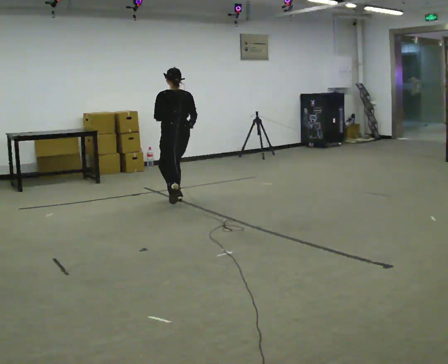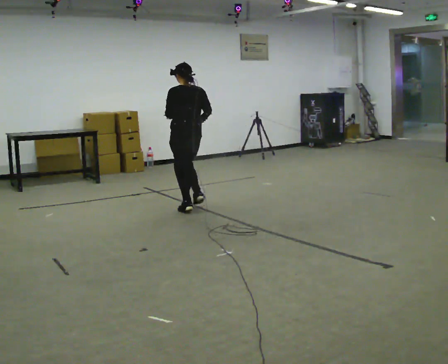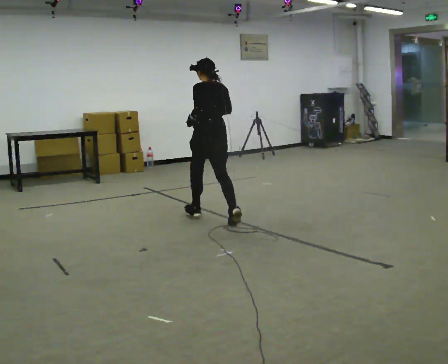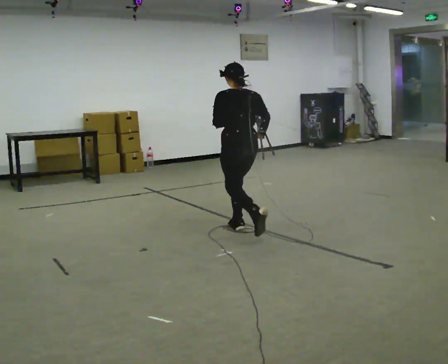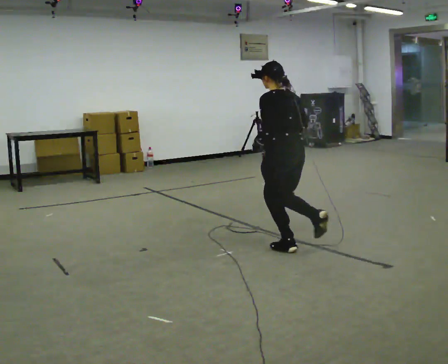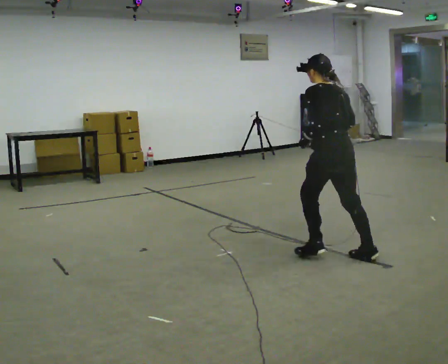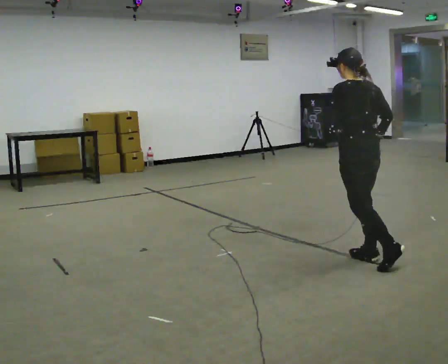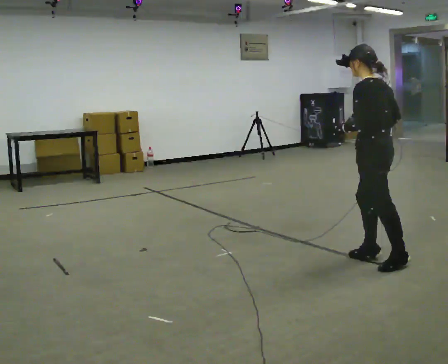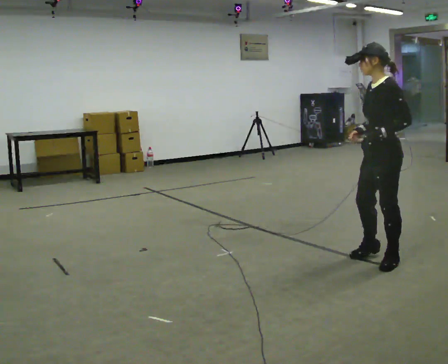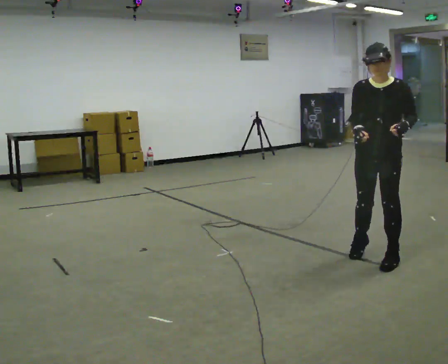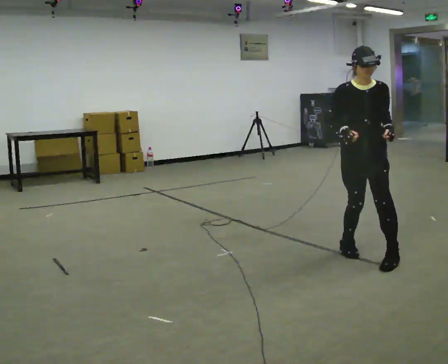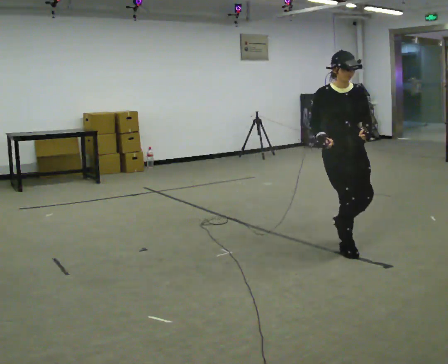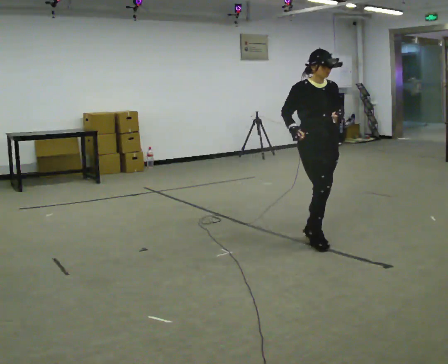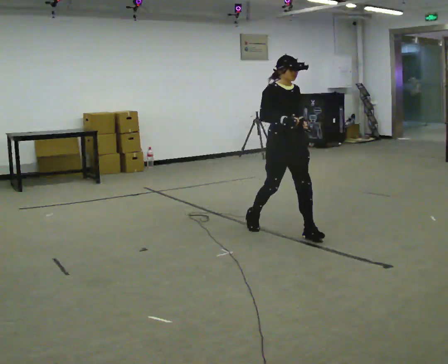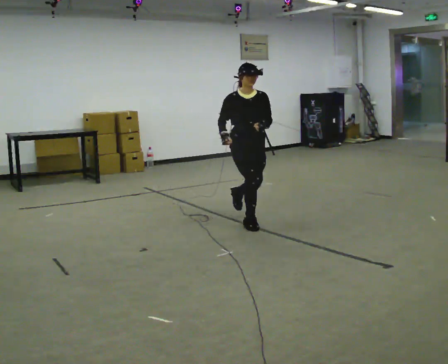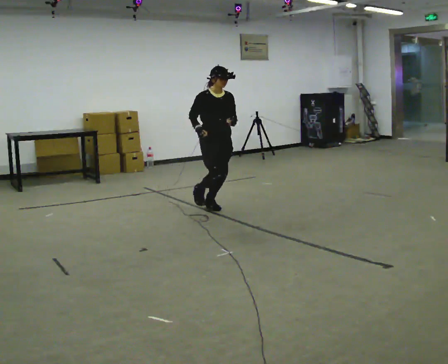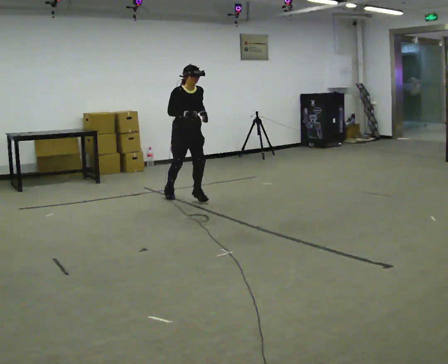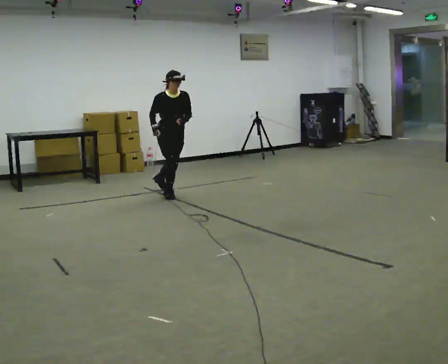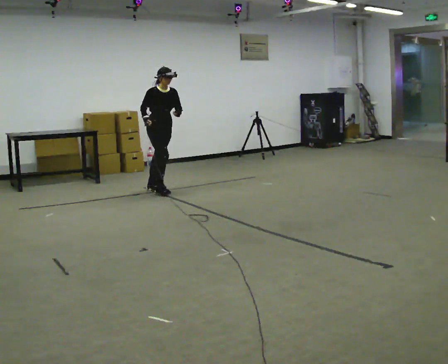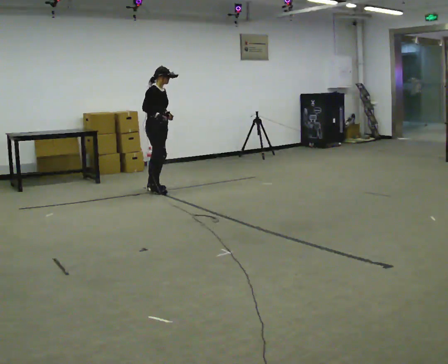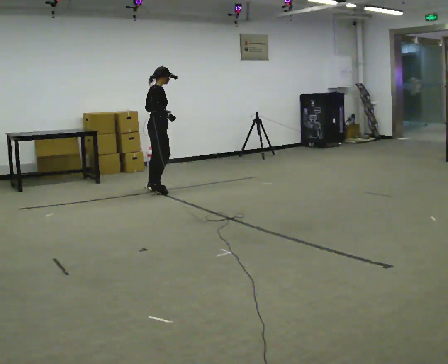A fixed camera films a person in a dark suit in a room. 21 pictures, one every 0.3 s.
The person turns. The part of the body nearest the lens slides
to the right.
The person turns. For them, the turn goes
to their left.
0.0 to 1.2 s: In the picture they go to the right and toward the camera, about 2 m in 3 steps, which for them is backward.
1.2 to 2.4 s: Seen from above the body turns counterclockwise, about 60 degrees: to their left, with its near side sliding to the right. In the picture they go to the right and toward the camera, about 1 m in 2 steps, which for them is backward.
2.4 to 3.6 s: The part of the body nearest the lens slides to the right as the person turns to their left by about 105 degrees. In the picture they go to the left and away from the camera, about 0.5 m in 2 steps.
3.6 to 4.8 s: In the picture they go to the left and away from the camera, about 2 m in 3 steps, which for them is backward.
4.8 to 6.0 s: Seen from above the body turns counterclockwise, about 75 degrees: to their left, with its near side sliding to the right. In the picture they go to the left and away from the camera, about 0.5 m in 2 steps. The upper body tips away from the camera, its near side rolling upward.
The film runs backward here.
